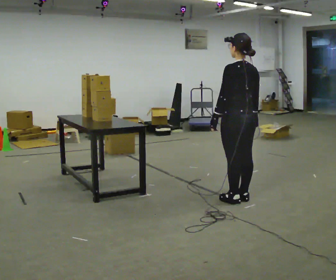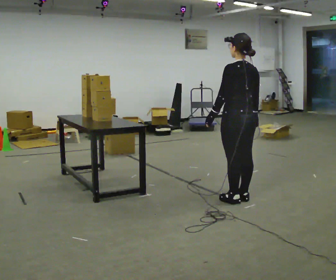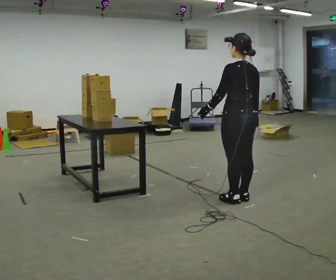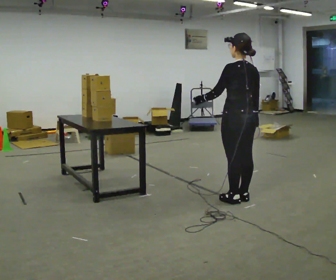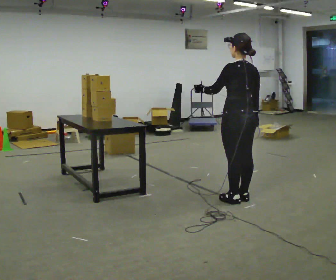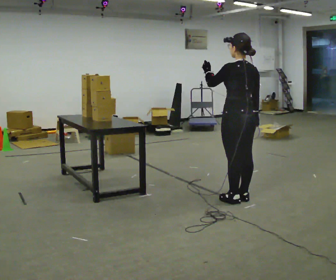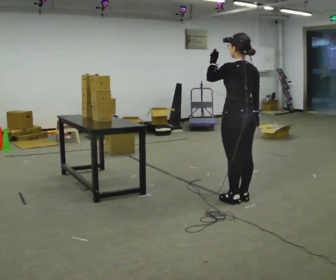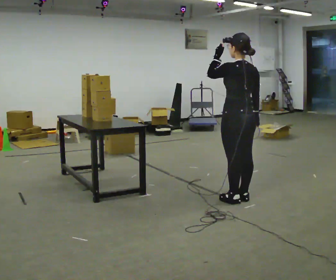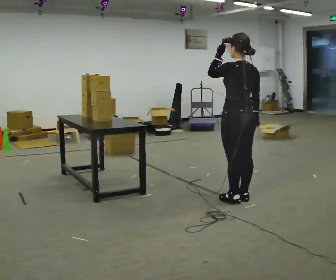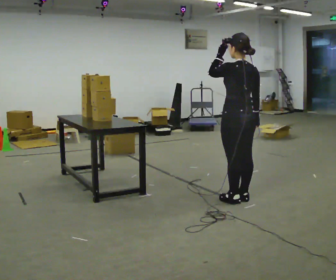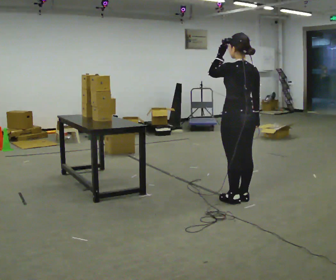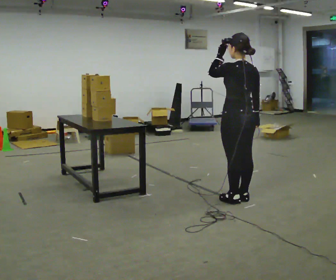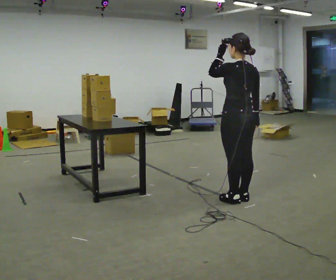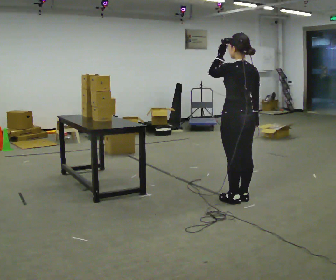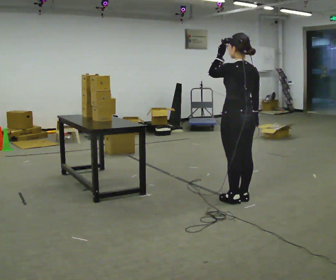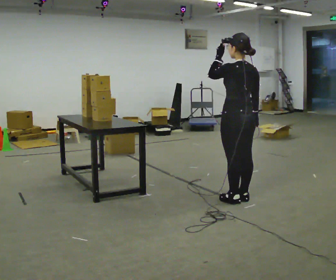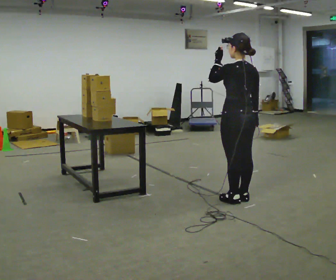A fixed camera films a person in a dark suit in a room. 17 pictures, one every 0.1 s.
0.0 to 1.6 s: In the picture their left hand goes upward.
The film runs forward here.
